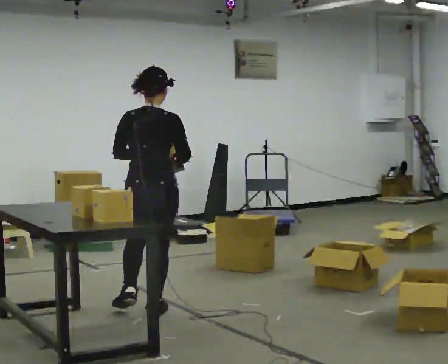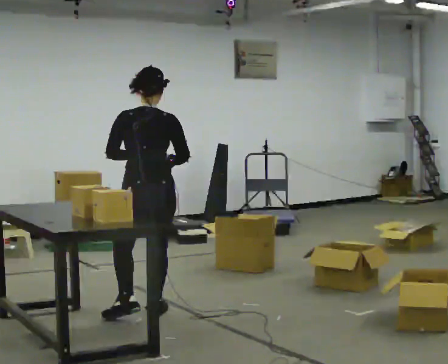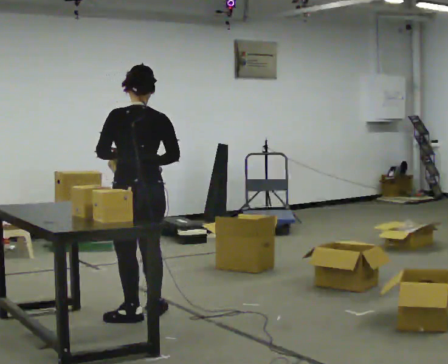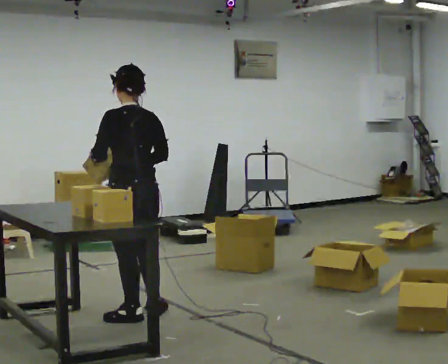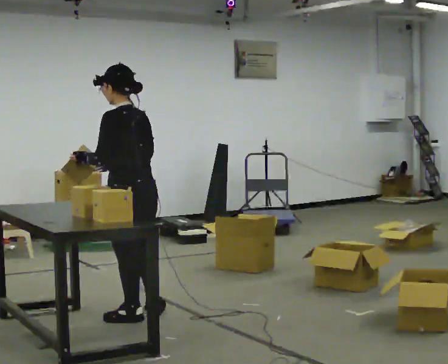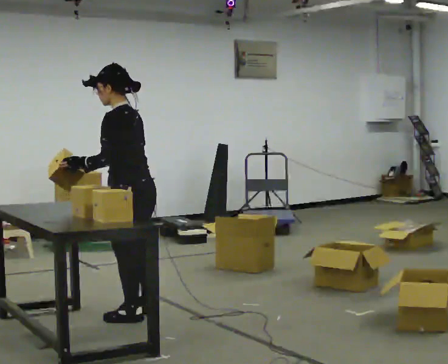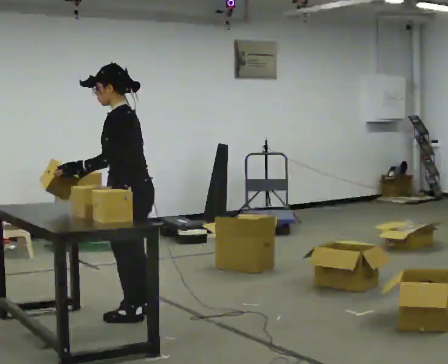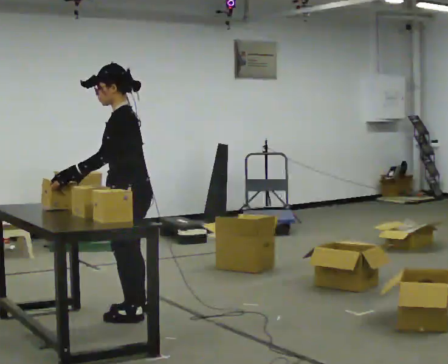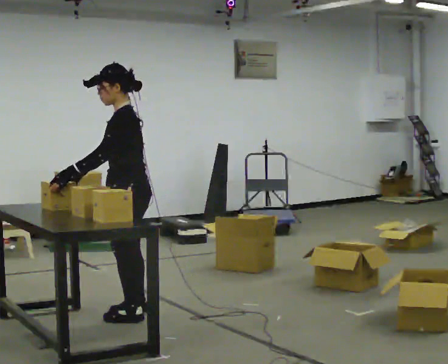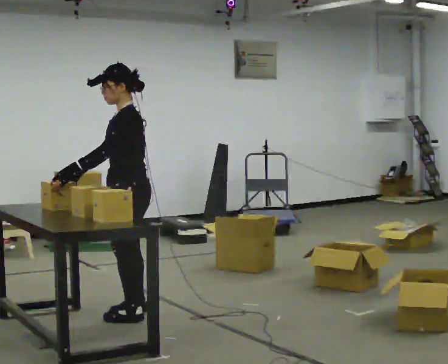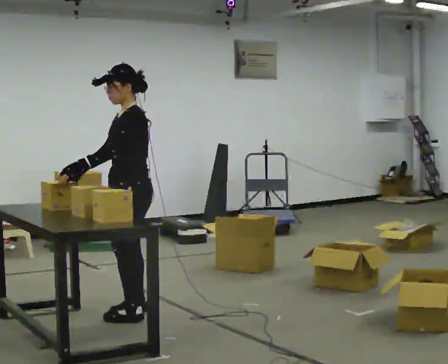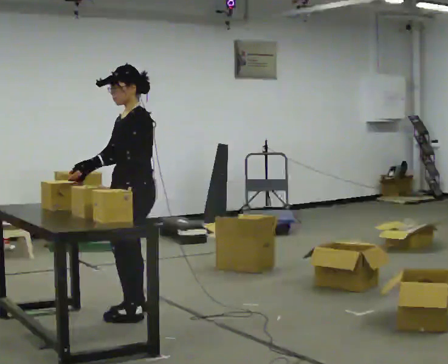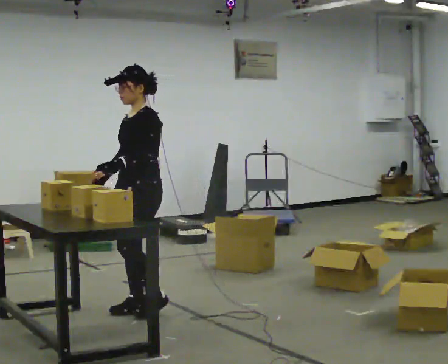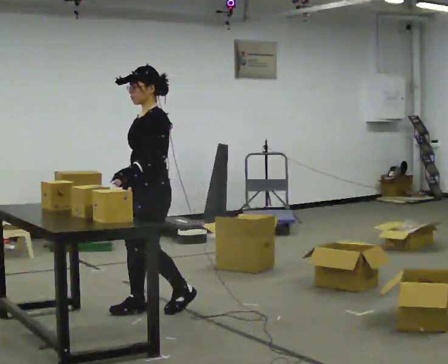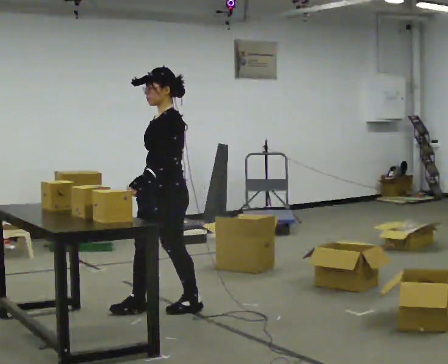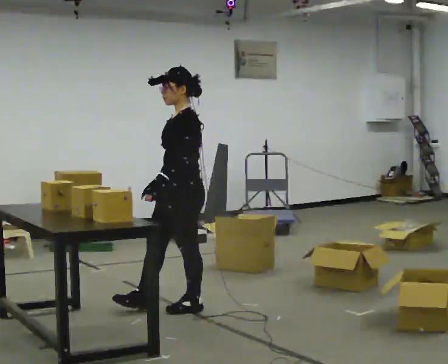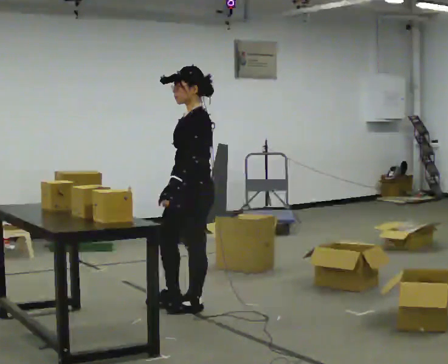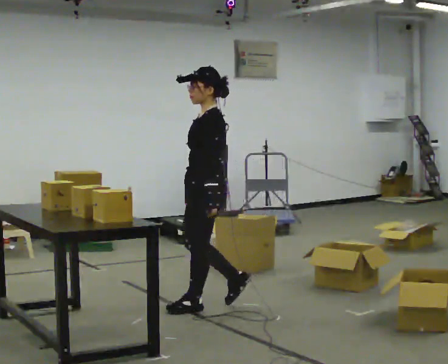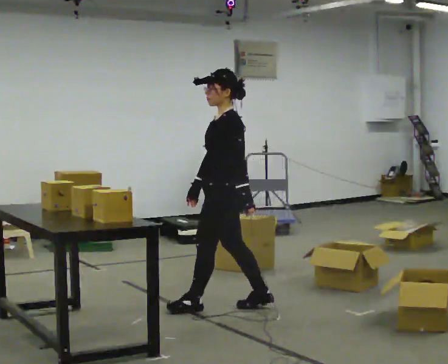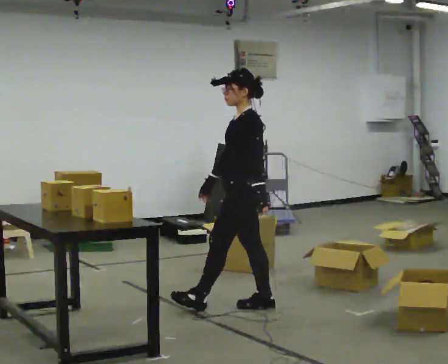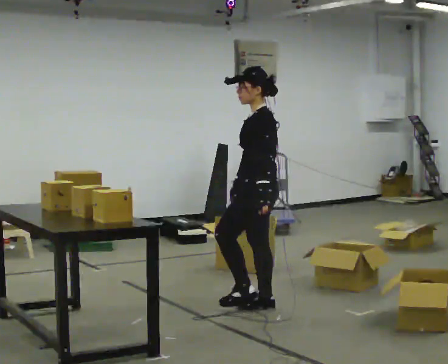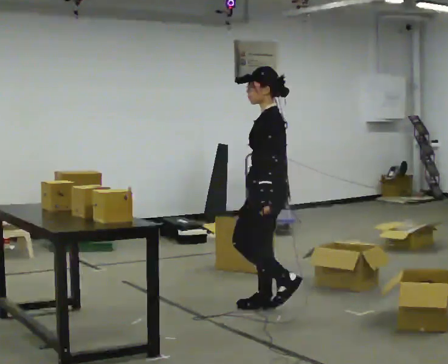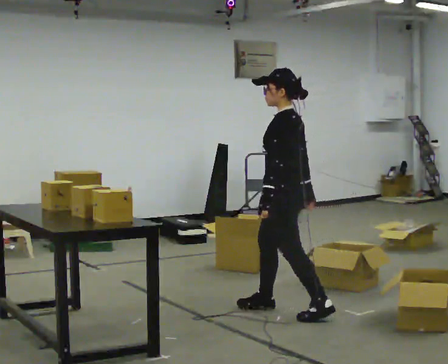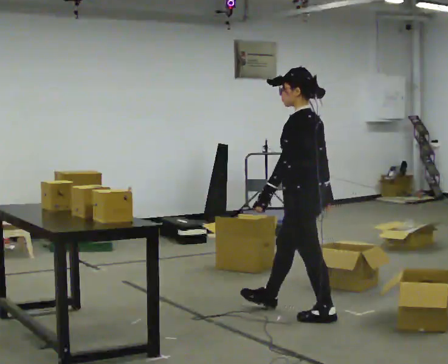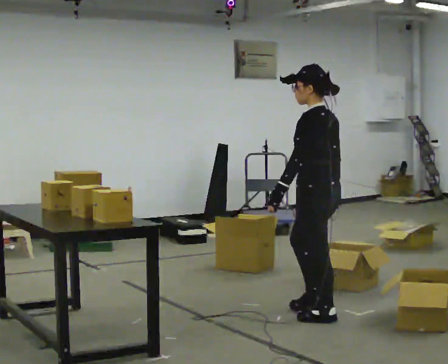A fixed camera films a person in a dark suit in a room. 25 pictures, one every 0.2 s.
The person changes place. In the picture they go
to the right.
0.0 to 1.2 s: Seen from above the body turns counterclockwise, about 90 degrees: to their left, with its near side sliding to the right. In the picture they go toward the camera, about 0.25 m. In the picture their right hand goes to the left.
1.2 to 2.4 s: The part of the body nearest the lens slides to the right as the person turns to their left by about 45 degrees. In the picture they go away from the camera, about 0.25 m in 1 step, which for them is to their right.
2.4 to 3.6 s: The person turns about 30 degrees to their right, clockwise seen from above, so the part of the body nearest the lens slides to the left. In the picture they go to the right, about 0.5 m in 1 step, which for them is backward.
3.6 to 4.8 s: Seen from above the body turns clockwise, about 30 degrees: to their right, with its near side sliding to the left. In the picture they go to the right and toward the camera, about 0.75 m in 2 steps, which for them is backward.
The film runs backward here.
